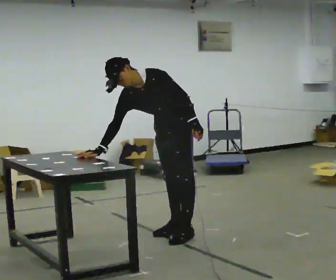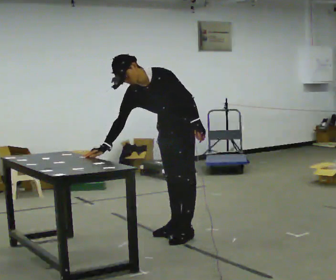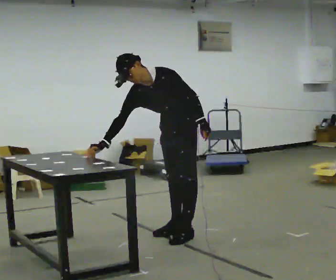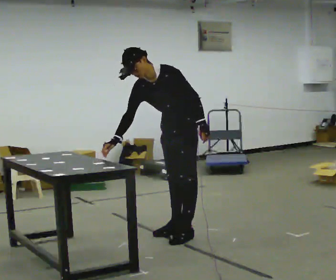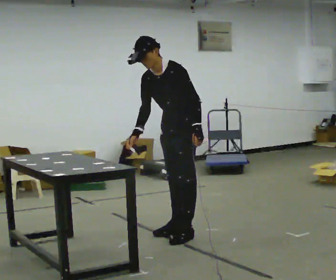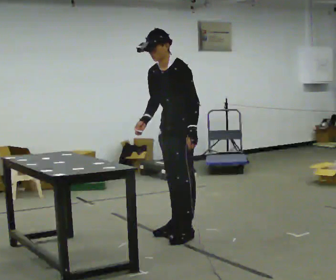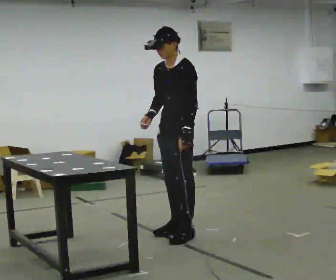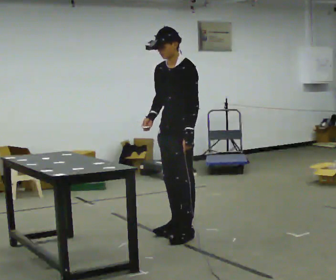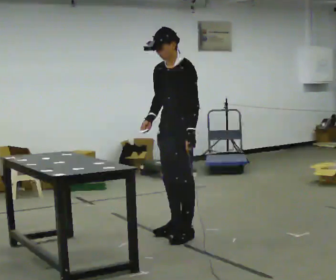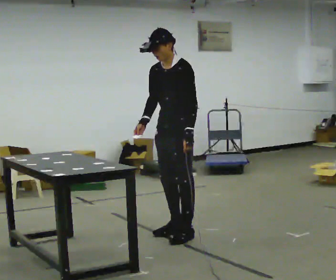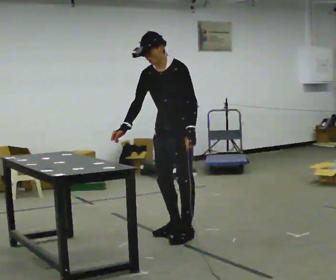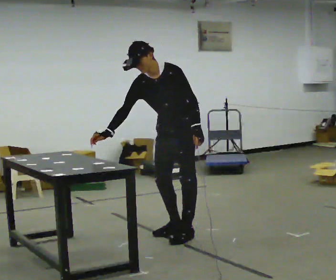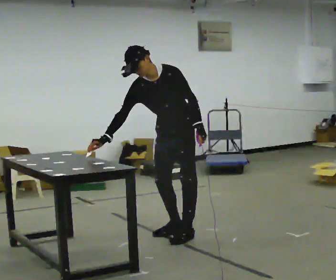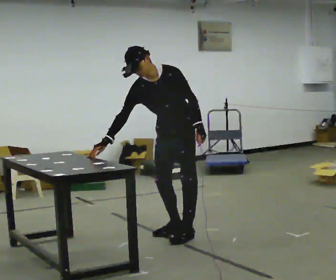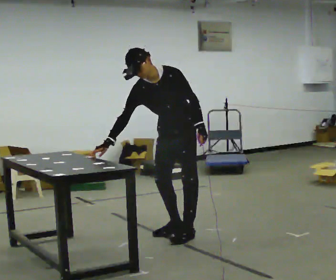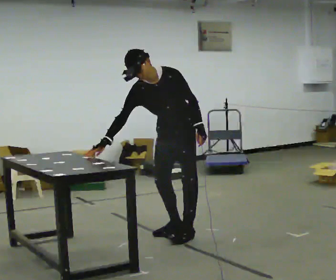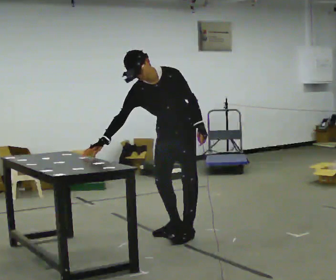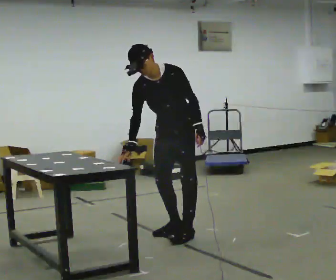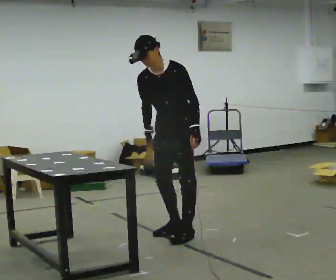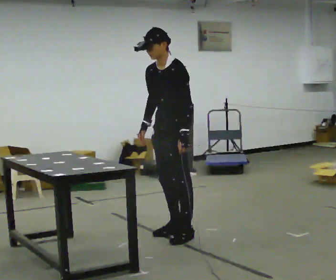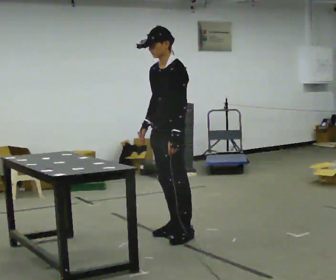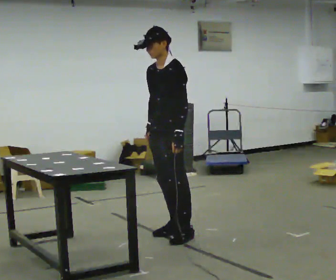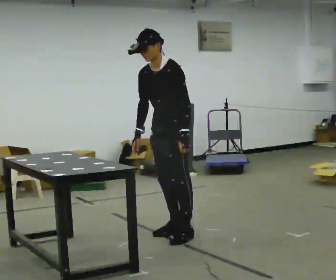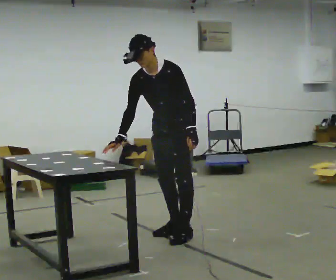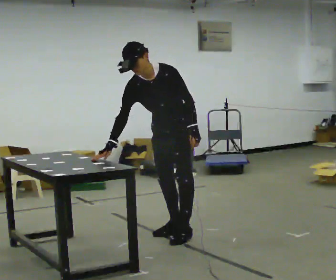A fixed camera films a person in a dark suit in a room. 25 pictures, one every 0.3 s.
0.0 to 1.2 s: In the picture the upper body tilts clockwise, shoulders to the right, as they lean back or straighten.
1.2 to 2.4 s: In the picture the upper body tilts clockwise, shoulders to the right, as they lean back or straighten.
2.4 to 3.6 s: The person turns about 30 degrees to their left, counterclockwise seen from above, so the part of the body nearest the lens slides to the right. In the picture the upper body tilts counterclockwise, shoulders to the left, as they bend forward.
3.6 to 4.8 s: The person moves a little, or ends about where they began.
4.8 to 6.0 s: The person turns about 45 degrees to their right, clockwise seen from above, so the part of the body nearest the lens slides to the left. In the picture the upper body tilts clockwise, shoulders to the right, as they lean back or straighten. In the picture their right hand goes to the right.
6.0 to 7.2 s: Seen from above the body turns counterclockwise, about 30 degrees: to their left, with its near side sliding to the right. The upper body tips toward the camera, its near side rolling downward, as they bend forward.
The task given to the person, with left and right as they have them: Touch each numbered target on the board in front of you in the order the operator calls. Keep both feet on the marked spots for the whole take. If you have to step, stop and tell the operator.
The film runs forward here.
